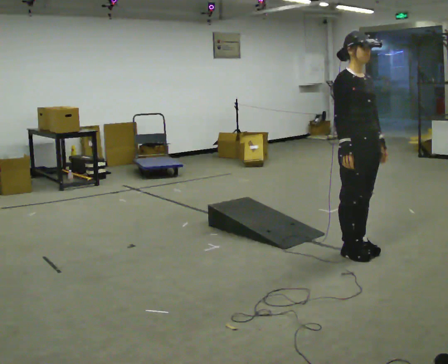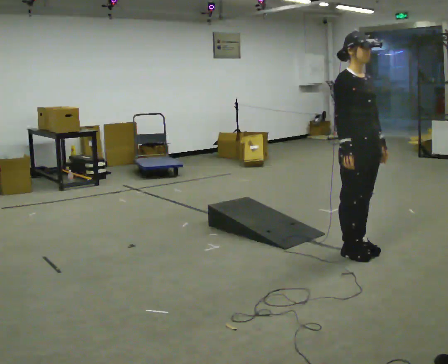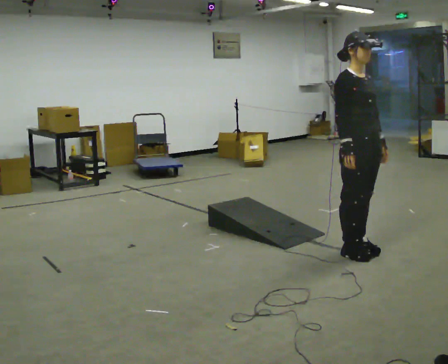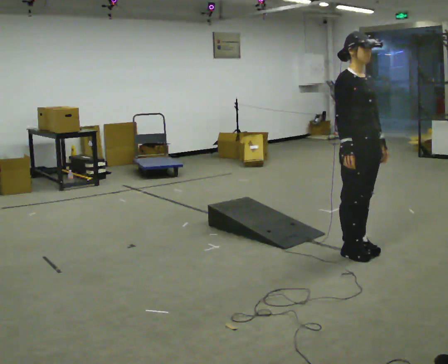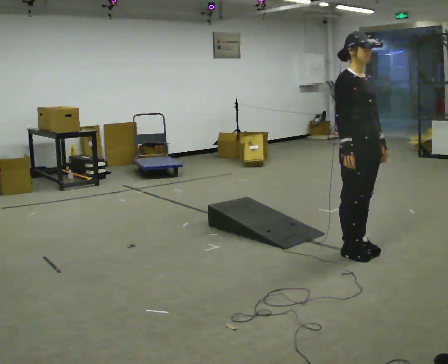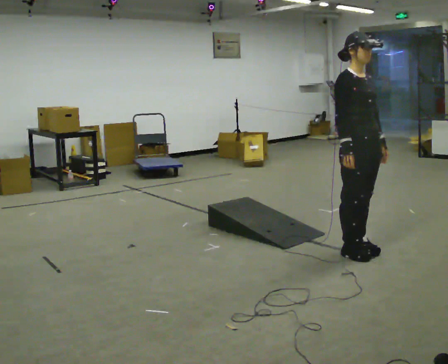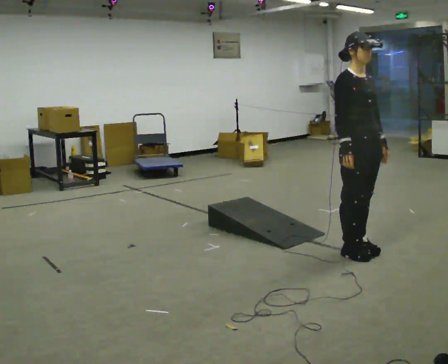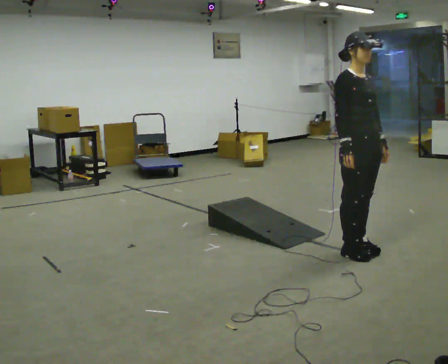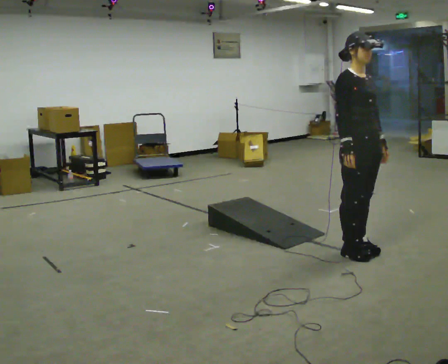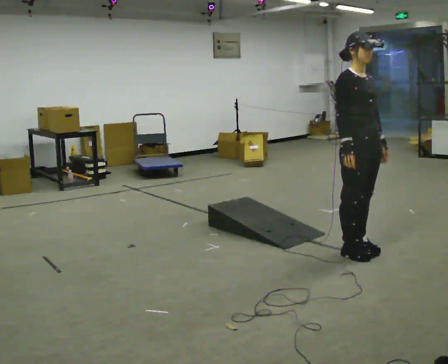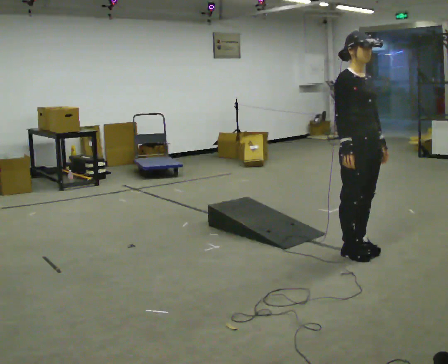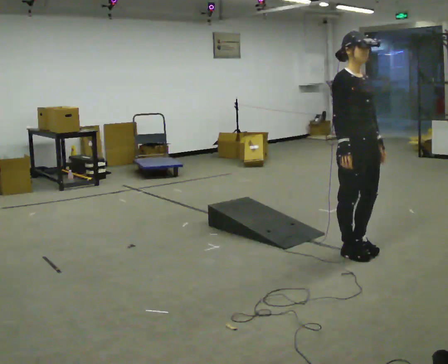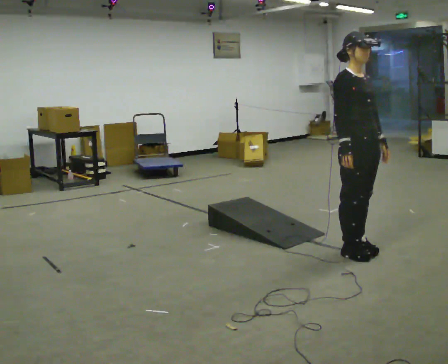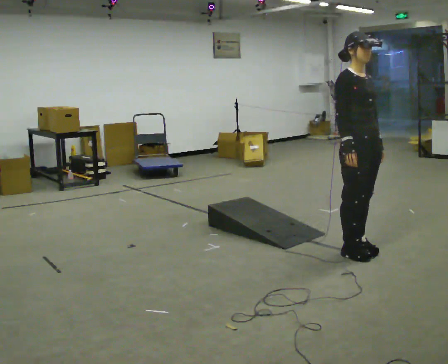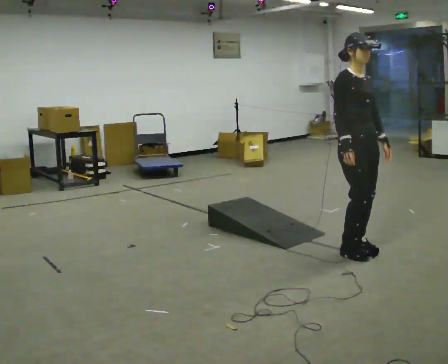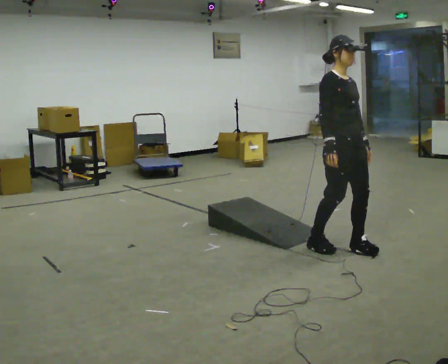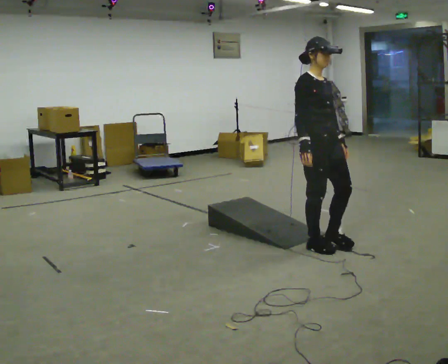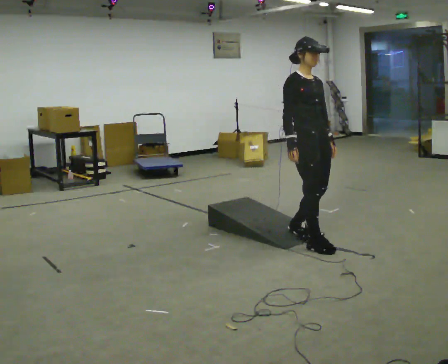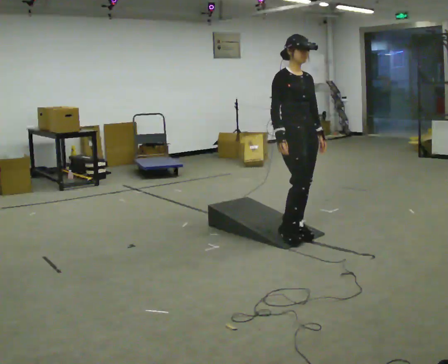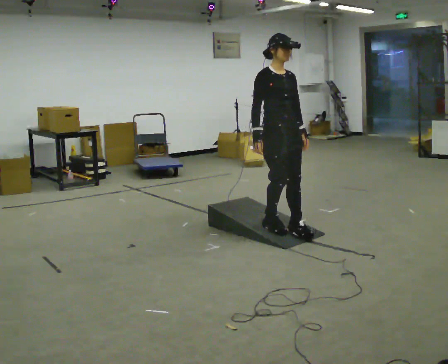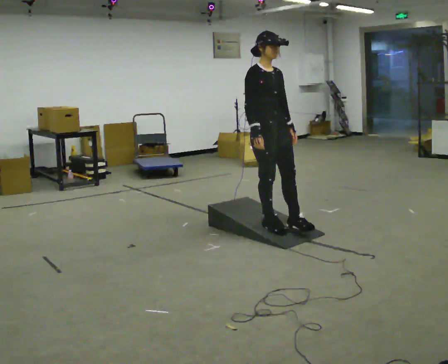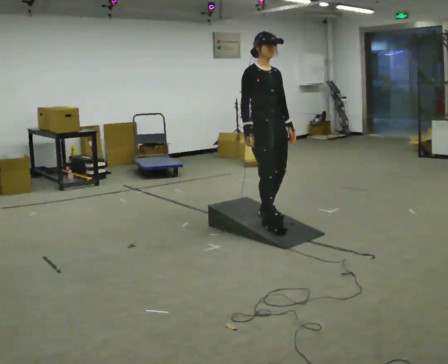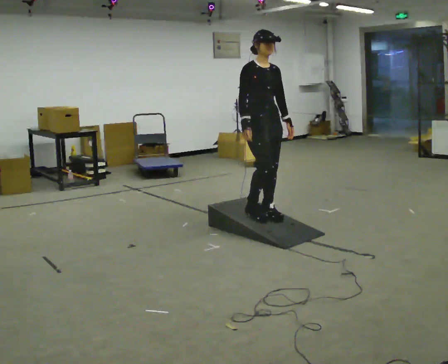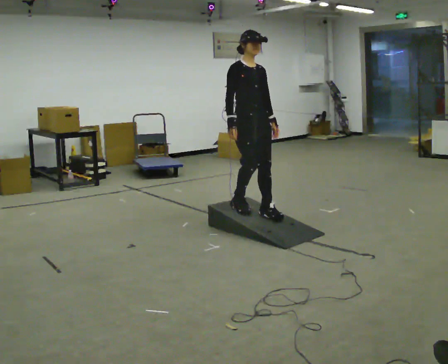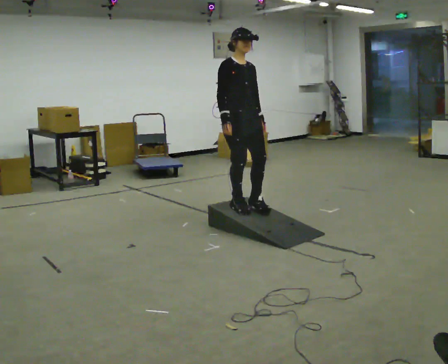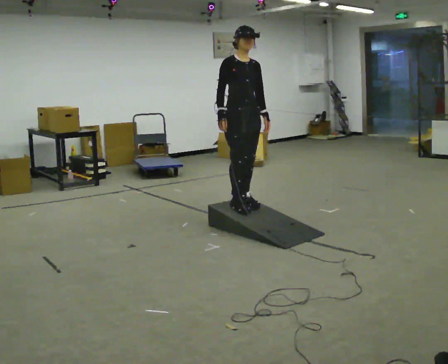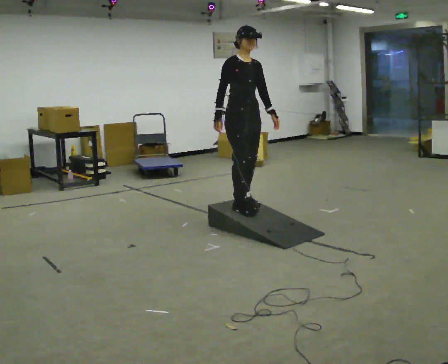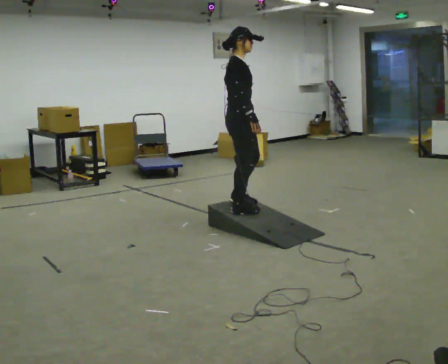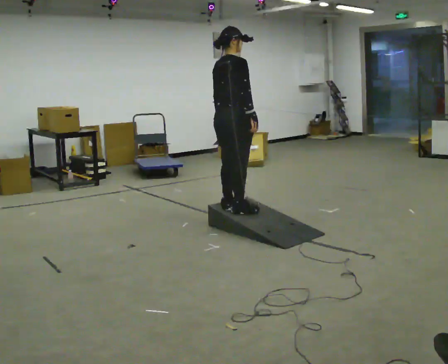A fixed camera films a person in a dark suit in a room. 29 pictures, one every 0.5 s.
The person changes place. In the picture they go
to the left.
0.0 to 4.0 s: The person keeps their place and pose.
4.0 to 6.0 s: The person moves a little, or ends about where they began.
6.0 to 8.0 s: In the picture they go to the left, about 0.25 m in 2 steps, which for them is backward.
8.0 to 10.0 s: In the picture they go to the left and away from the camera, about 0.5 m in 2 steps, which for them is backward.
10.0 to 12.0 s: In the picture they go to the left and away from the camera, about 0.5 m in 2 steps, which for them is backward.
12.0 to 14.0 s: Seen from above the body turns counterclockwise, about 90 degrees: to their left, with its near side sliding to the right.
The film runs backward here.
